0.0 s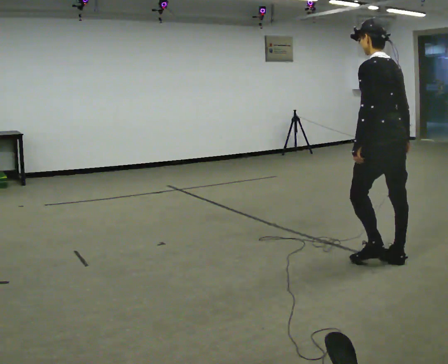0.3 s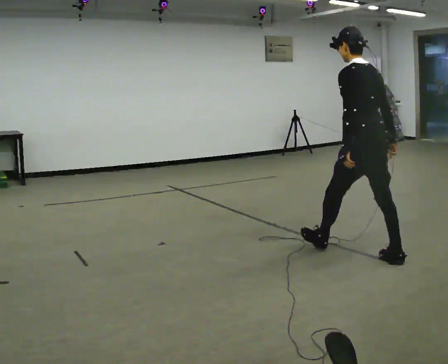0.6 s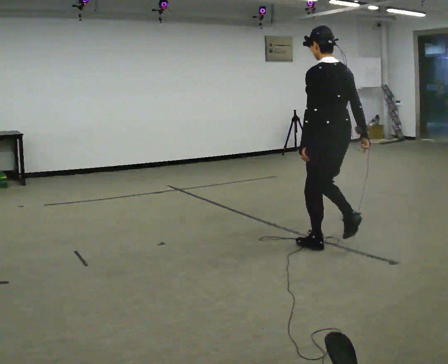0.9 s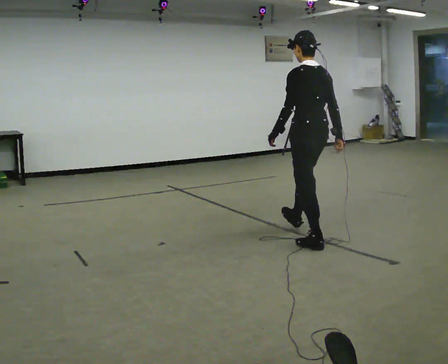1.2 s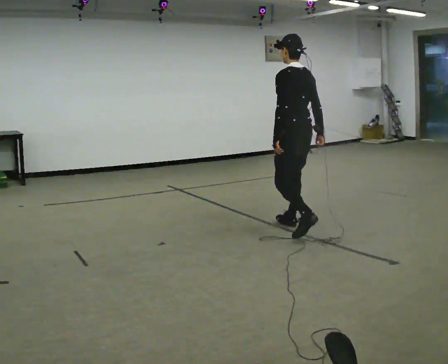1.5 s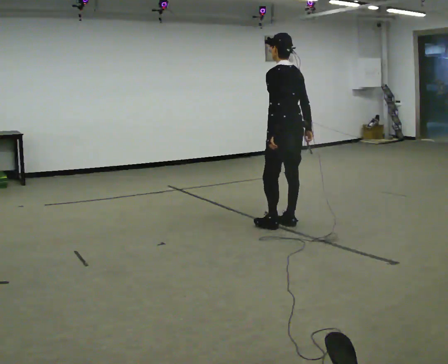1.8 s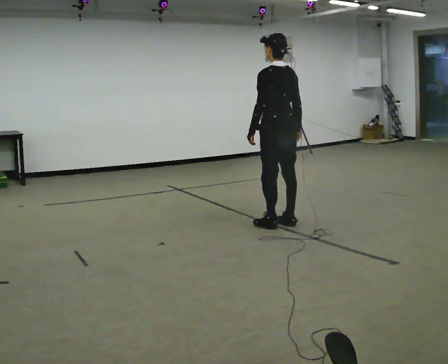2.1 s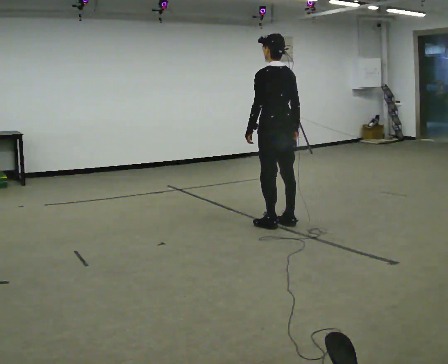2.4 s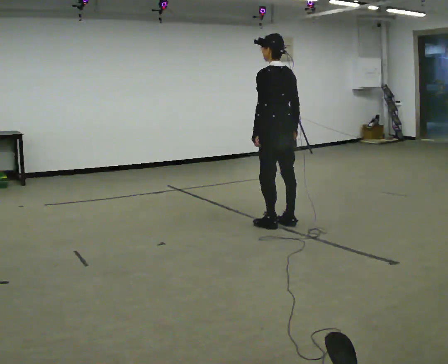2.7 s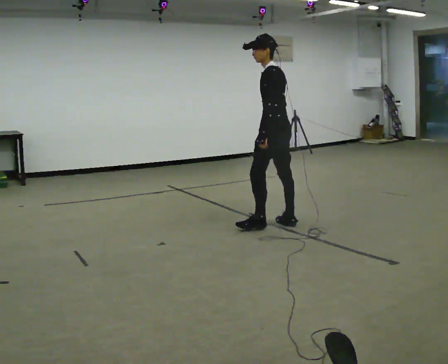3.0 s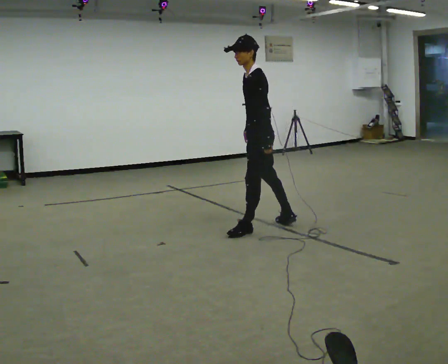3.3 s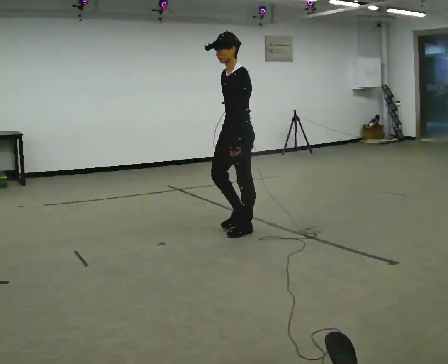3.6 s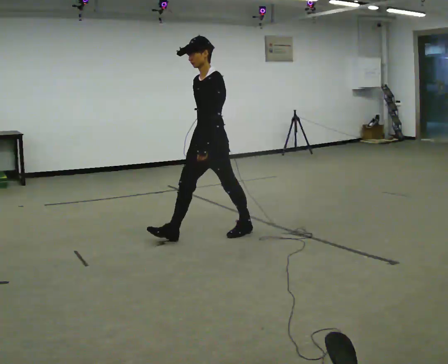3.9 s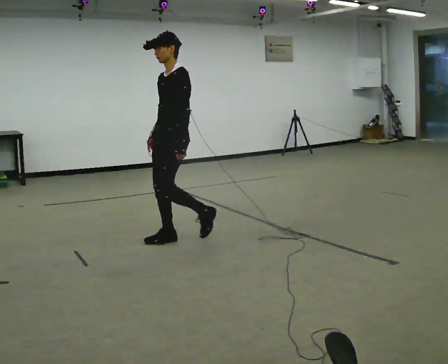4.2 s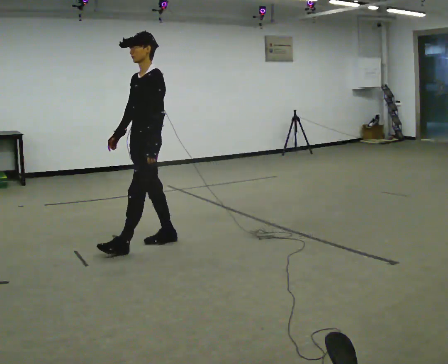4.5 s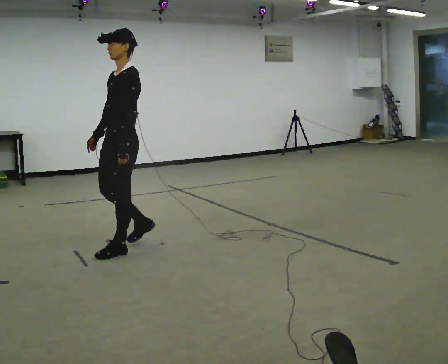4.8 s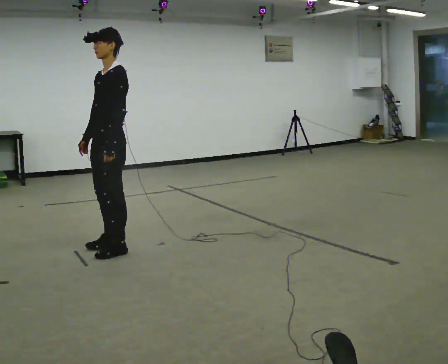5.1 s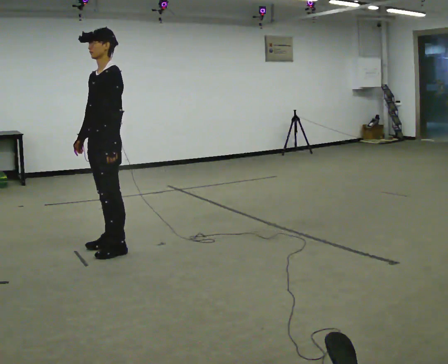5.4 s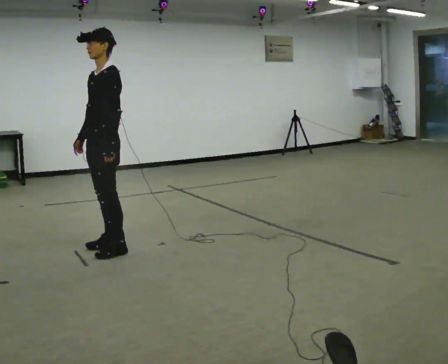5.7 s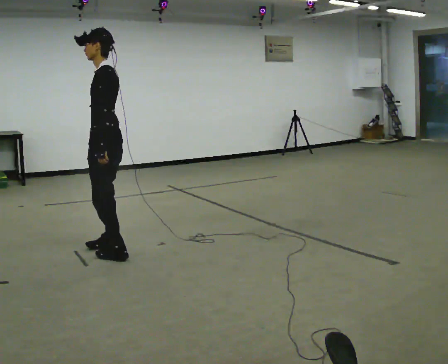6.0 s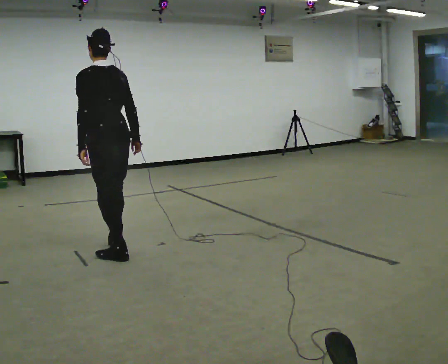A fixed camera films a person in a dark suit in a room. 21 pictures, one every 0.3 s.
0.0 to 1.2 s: In the picture they go away from the camera and to the left, about 1 m in 2 steps, which for them is forward.
1.2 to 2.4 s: In the picture they go away from the camera, about 0.25 m in 1 step, which for them is forward.
2.4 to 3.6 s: Seen from above the body turns counterclockwise, about 90 degrees: to their left, with its near side sliding to the right. In the picture they go to the left and toward the camera, about 0.5 m in 1 step.
3.6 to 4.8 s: In the picture they go to the left and toward the camera, about 1 m in 3 steps, which for them is forward.
4.8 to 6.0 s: The part of the body nearest the lens slides to the left as the person turns to their right by about 90 degrees. In the picture their right hand goes to the right, the arm swinging counterclockwise.
The film runs forward here.
